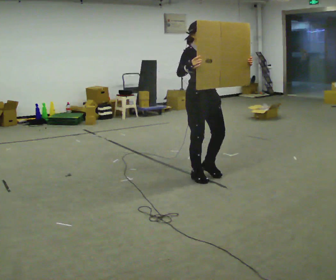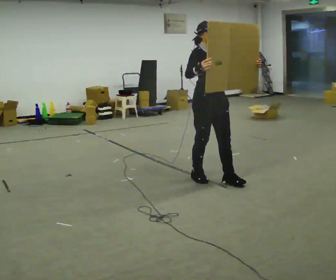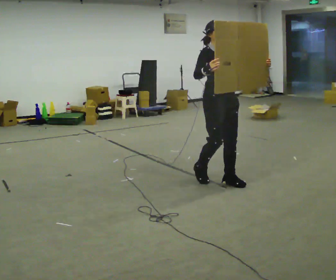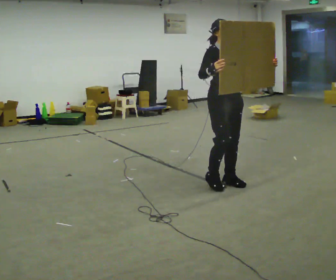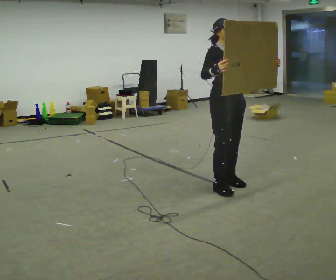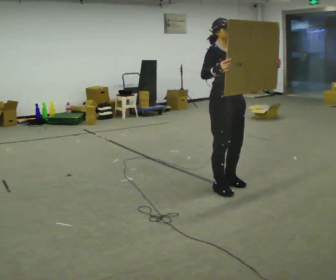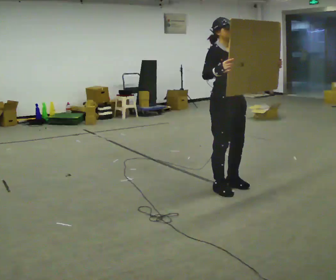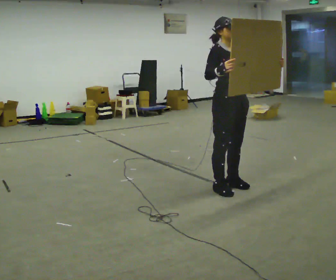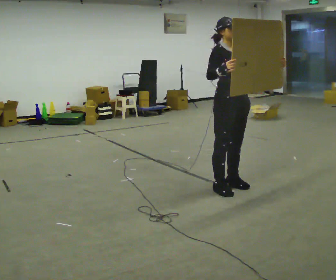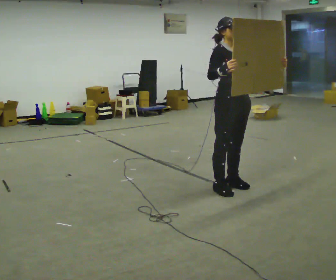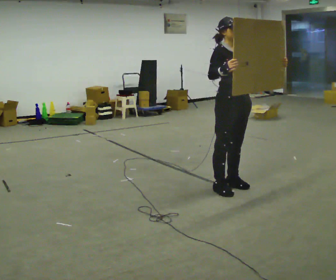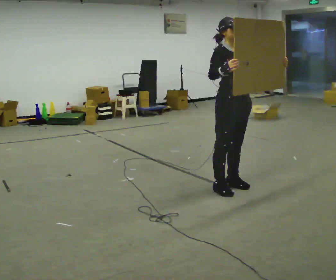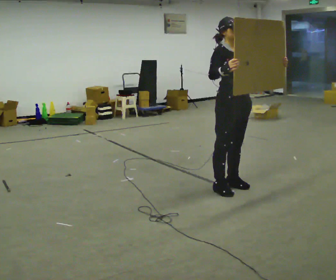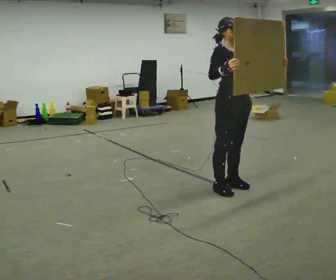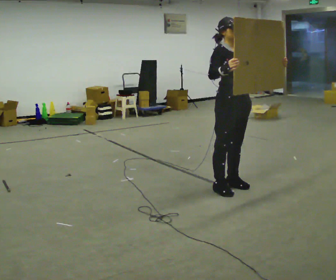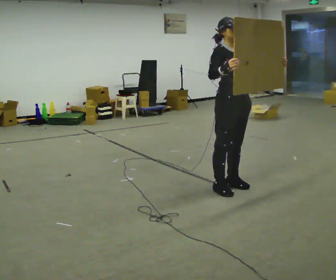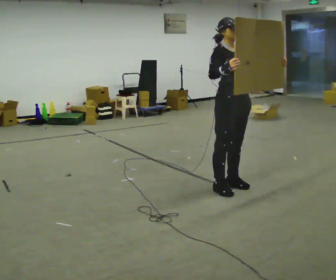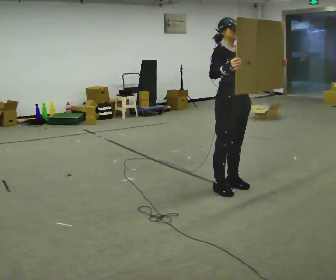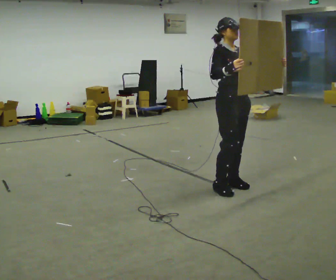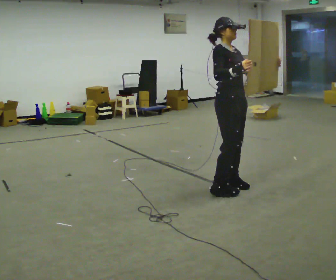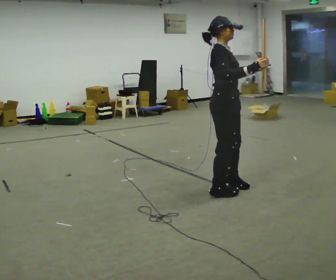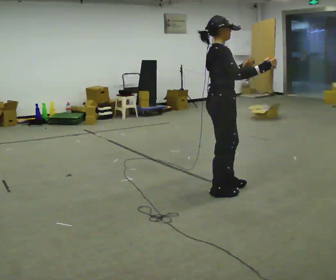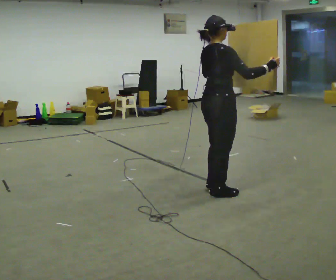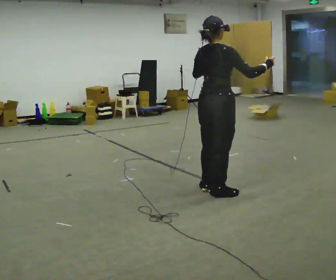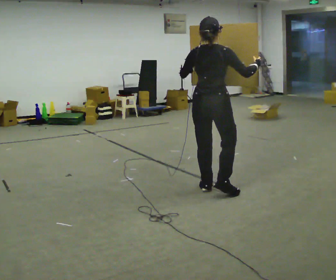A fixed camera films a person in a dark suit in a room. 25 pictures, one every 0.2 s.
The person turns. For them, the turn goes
to their left.
The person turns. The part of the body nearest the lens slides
to the right.
0.0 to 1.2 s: In the picture they go toward the camera and to the right, about 0.5 m in 2 steps, which for them is forward.
1.2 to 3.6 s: The person moves a little, or ends about where they began.
3.6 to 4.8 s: The part of the body nearest the lens slides to the right as the person turns to their left by about 105 degrees. In the picture they go to the left, about 0.25 m in 1 step.
The film runs forward here.
